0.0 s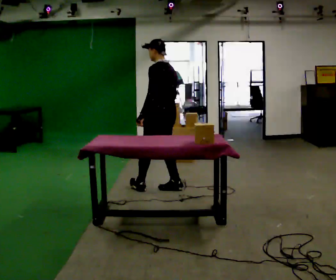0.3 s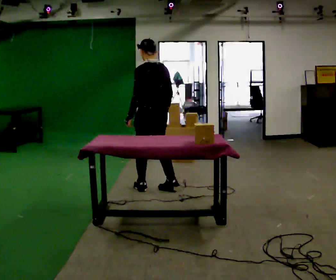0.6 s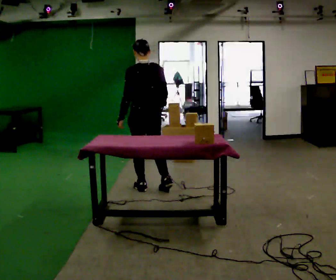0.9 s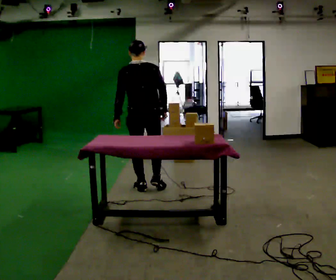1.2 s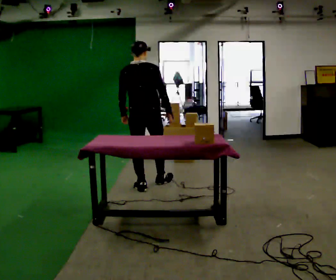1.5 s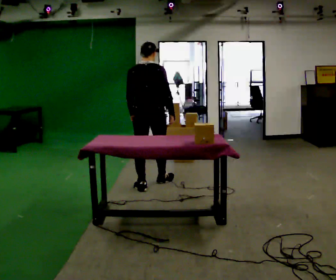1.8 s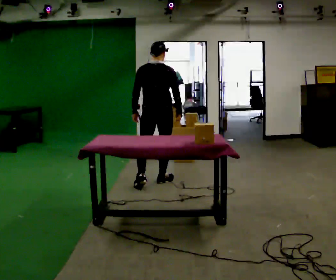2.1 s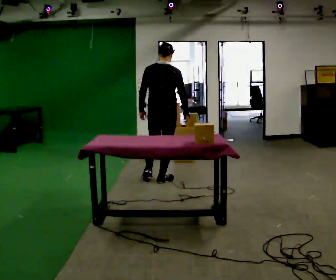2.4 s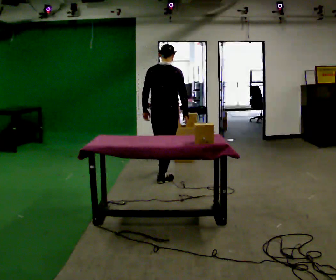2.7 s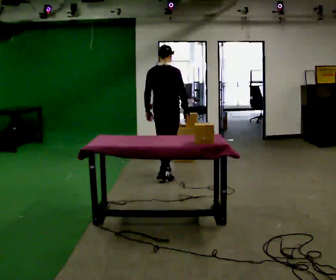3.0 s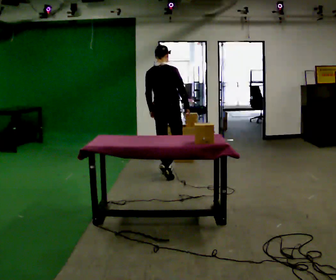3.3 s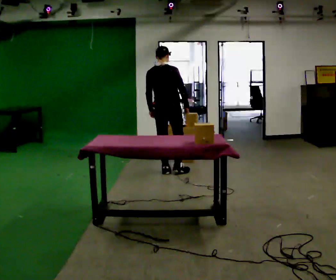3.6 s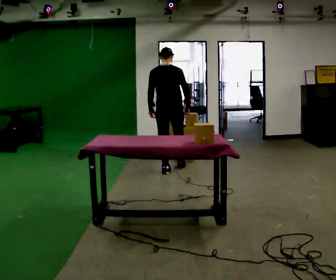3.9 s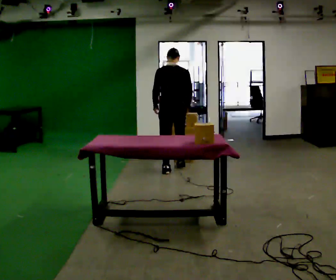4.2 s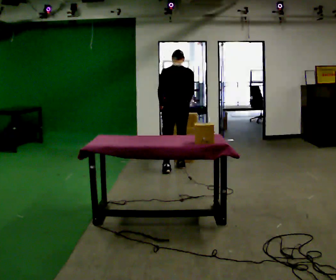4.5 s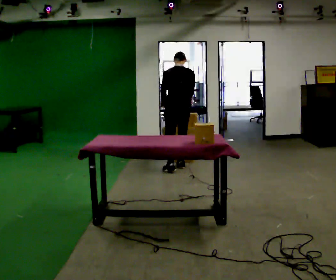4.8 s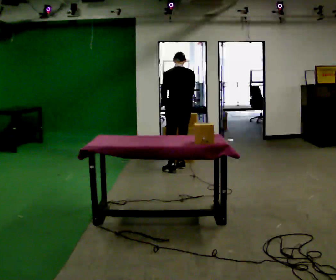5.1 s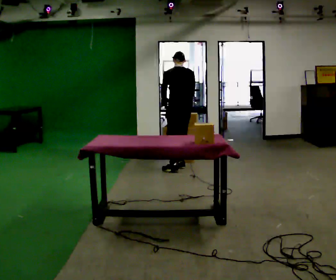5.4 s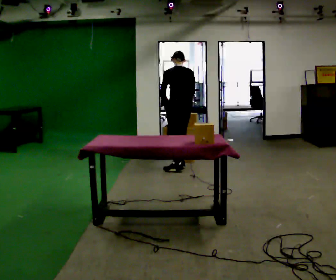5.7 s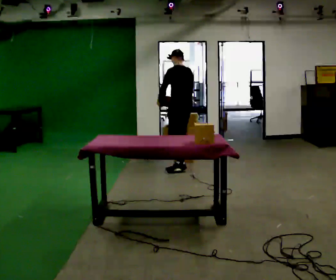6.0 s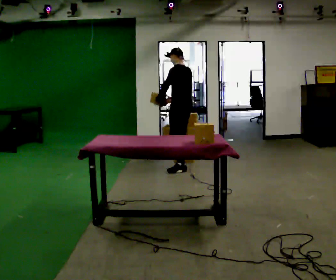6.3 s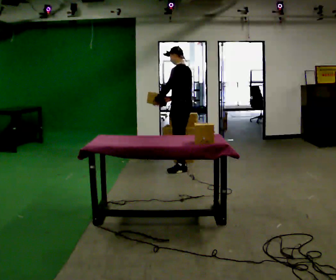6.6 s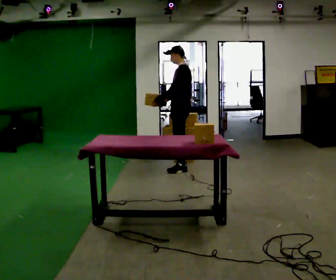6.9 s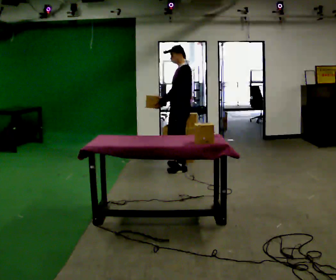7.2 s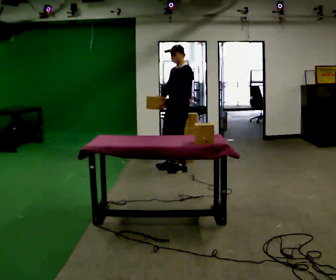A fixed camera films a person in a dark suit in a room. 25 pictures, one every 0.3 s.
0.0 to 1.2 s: The person turns about 60 degrees to their right, clockwise seen from above, so the part of the body nearest the lens slides to the left. In the picture they go to the left, about 0.25 m.
1.2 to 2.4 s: In the picture they go away from the camera and to the right, about 0.5 m in 1 step, which for them is forward and to their right.
2.4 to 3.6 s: In the picture they go away from the camera, about 0.5 m in 2 steps, which for them is forward.
3.6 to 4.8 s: In the picture they go away from the camera and to the right, about 0.25 m, which for them is to their right and forward. The upper body tips away from the camera, its near side rolling upward, as they bend forward.
4.8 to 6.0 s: The person turns about 45 degrees to their left, counterclockwise seen from above, so the part of the body nearest the lens slides to the right. The upper body tips toward the camera, its near side rolling downward, as they lean back or straighten.
6.0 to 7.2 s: Seen from above the body turns counterclockwise, about 60 degrees: to their left, with its near side sliding to the right. In the picture they go toward the camera, about 0.25 m, which for them is to their left.
The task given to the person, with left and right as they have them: Take the objects the operator names off the crowded shelf, one at a time, and carry each one to the table. You will have to move other things out of the way to reach them. Keep going until the operator says stop; one object at a time, and do not rush between trips.
The film runs forward here.
